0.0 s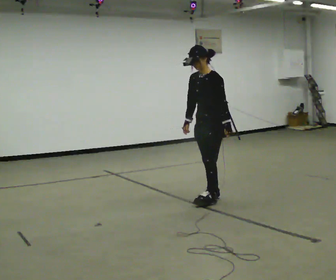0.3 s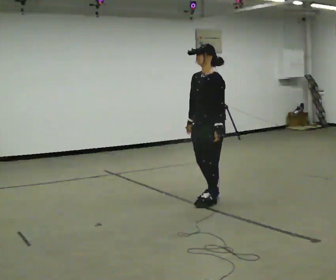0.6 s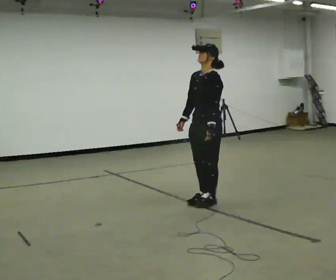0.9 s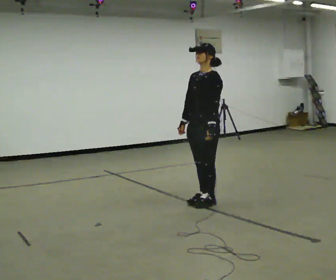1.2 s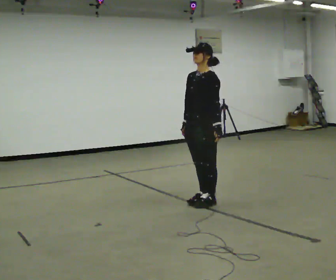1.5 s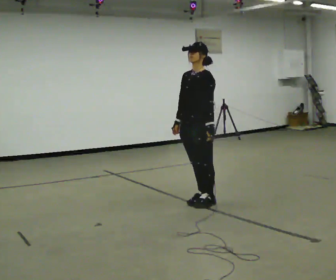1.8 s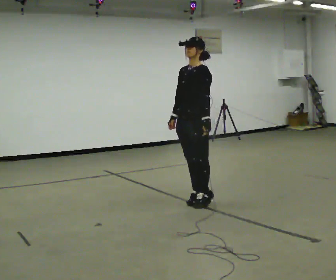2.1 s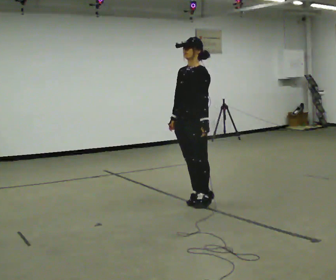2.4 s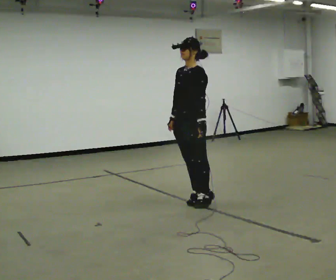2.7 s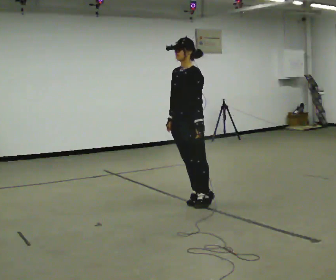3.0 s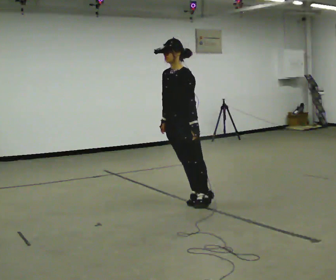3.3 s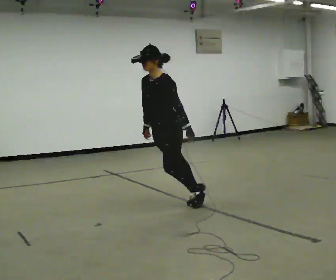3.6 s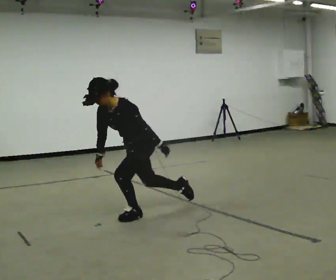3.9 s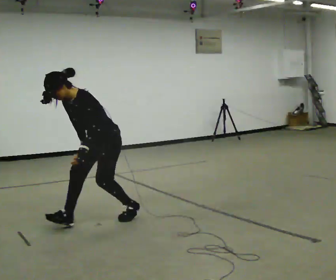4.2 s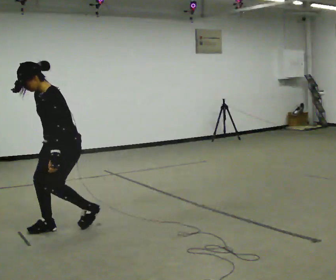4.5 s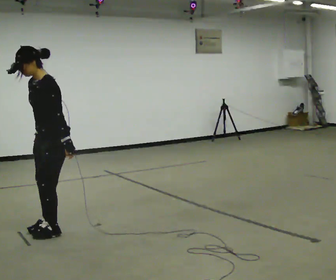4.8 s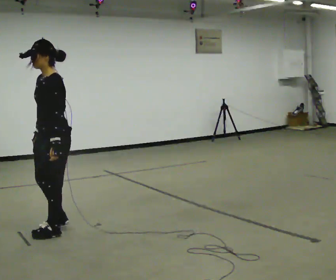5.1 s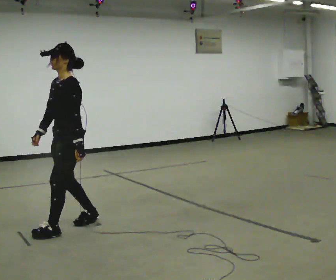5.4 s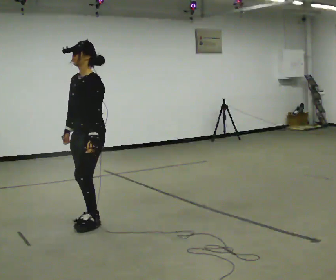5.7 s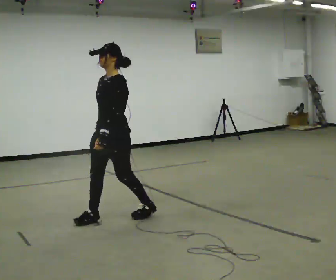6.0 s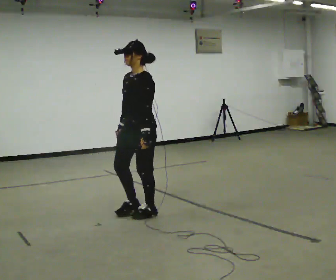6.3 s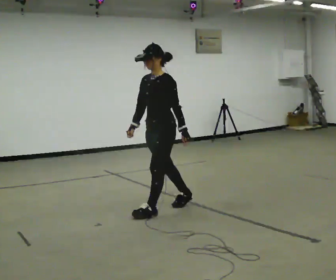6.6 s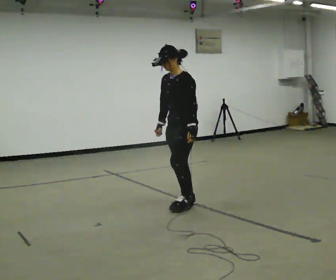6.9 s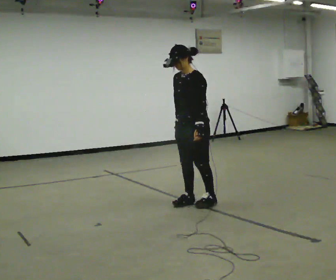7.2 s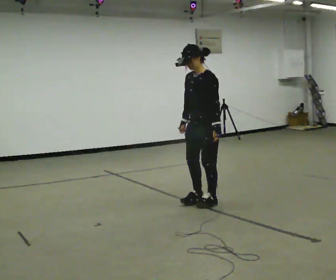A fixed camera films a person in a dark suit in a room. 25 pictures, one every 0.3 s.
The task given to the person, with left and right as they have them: Stand on the marked spots and rise up onto your toes. Stay up until you start to topple forward, then step to catch yourself. Repeat at your own pace until the operator says stop. Go slowly and only as far as you are comfortable. Step whenever you need to; do not try to hold on longer than feels safe.
0.0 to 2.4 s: In the picture they go to the left and toward the camera, about 0.25 m in 1 step, which for them is forward.
2.4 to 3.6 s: In the picture they go to the left and toward the camera, about 0.5 m in 1 step, which for them is forward. The upper body goes downward. In the picture the upper body tilts counterclockwise, shoulders to the left, as they bend forward.
3.6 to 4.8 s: In the picture they go to the left and toward the camera, about 1 m in 2 steps, which for them is forward. The shoulders move upward. In the picture the upper body tilts clockwise, shoulders to the right, as they lean back or straighten.
4.8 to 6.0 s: In the picture they go to the right and away from the camera, about 1 m in 2 steps, which for them is backward.
6.0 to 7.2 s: In the picture they go to the right and away from the camera, about 0.5 m in 2 steps, which for them is backward.
The film runs forward here.
